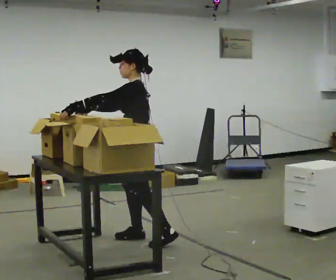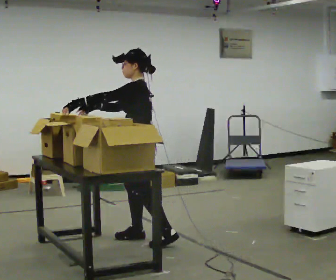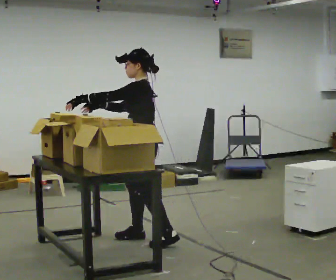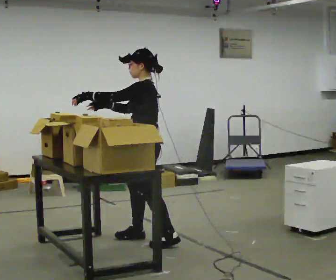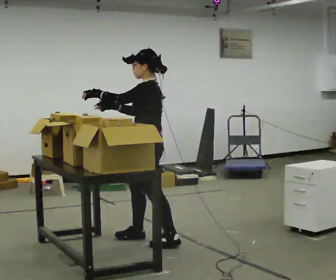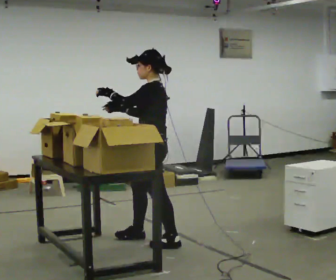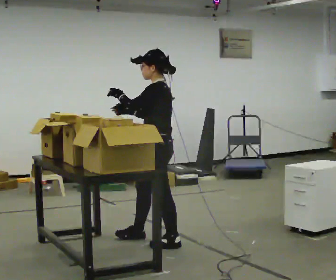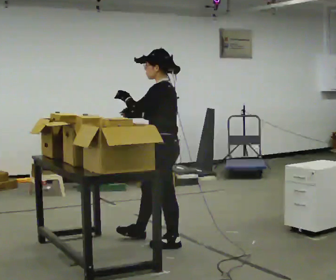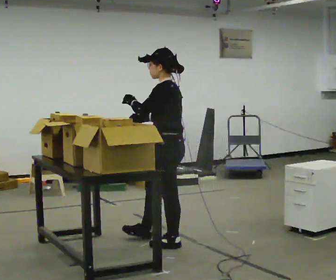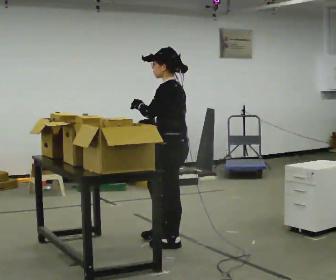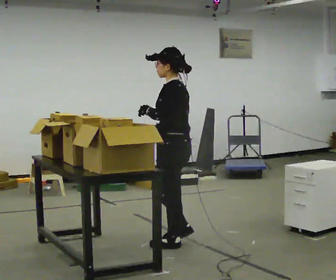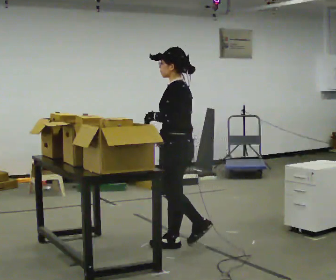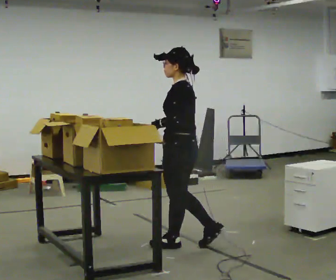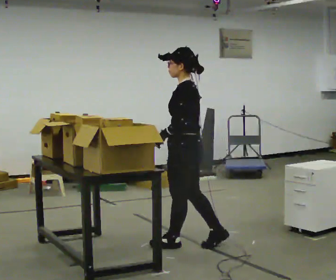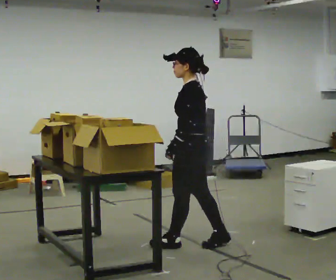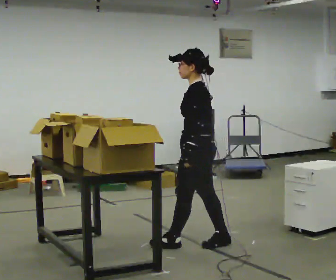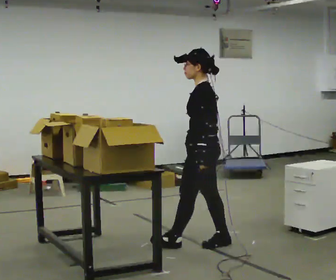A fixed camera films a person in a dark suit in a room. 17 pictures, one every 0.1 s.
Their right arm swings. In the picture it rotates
counterclockwise.
0.0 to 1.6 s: In the picture they go to the right and toward the camera, about 0.5 m in 1 step, which for them is backward.
The film runs backward here.
